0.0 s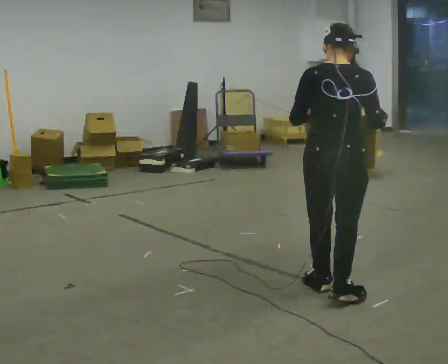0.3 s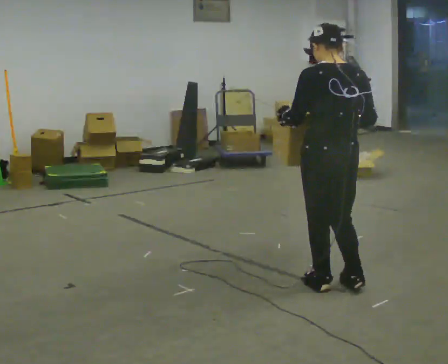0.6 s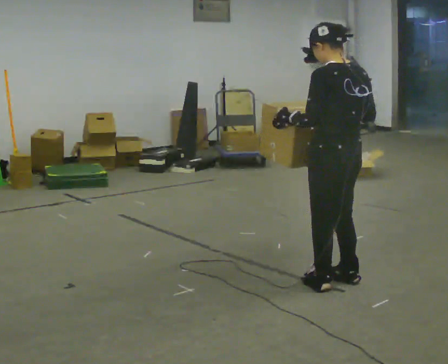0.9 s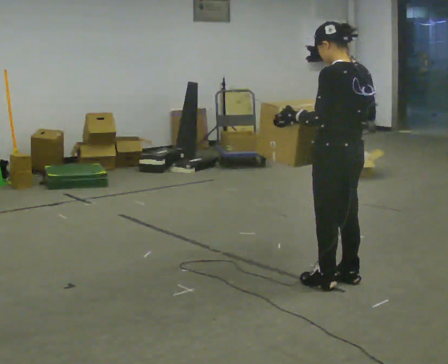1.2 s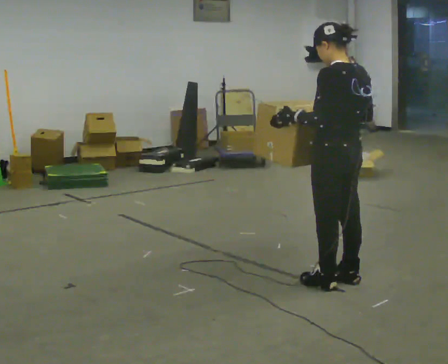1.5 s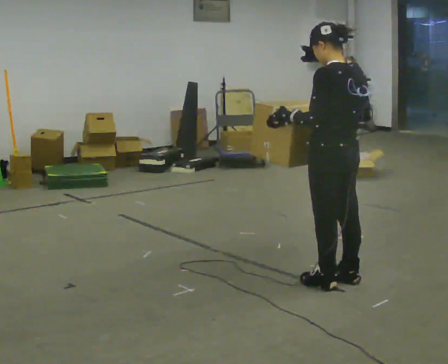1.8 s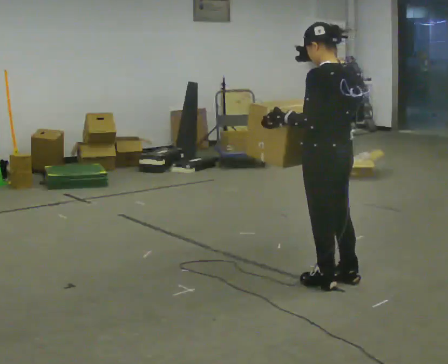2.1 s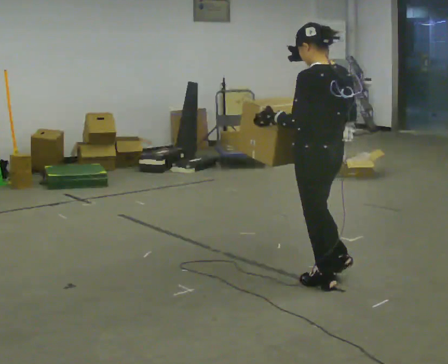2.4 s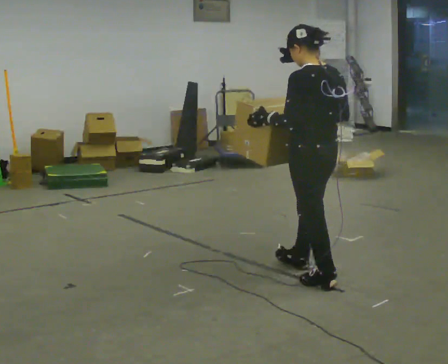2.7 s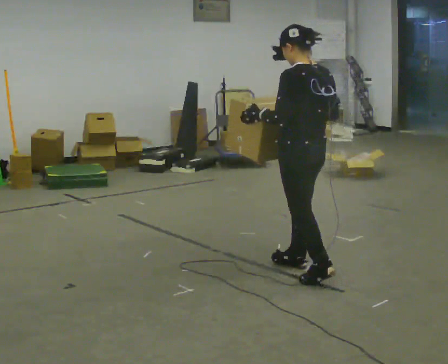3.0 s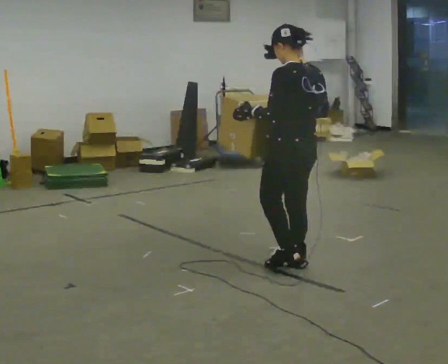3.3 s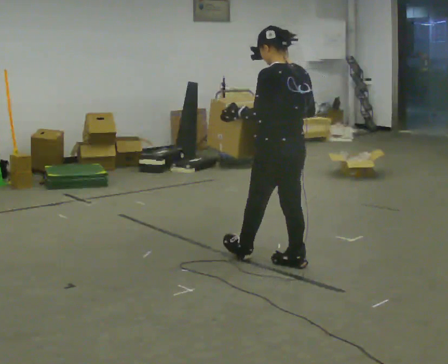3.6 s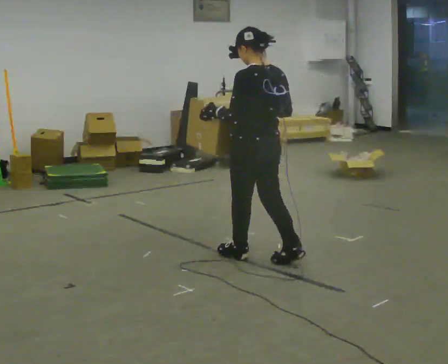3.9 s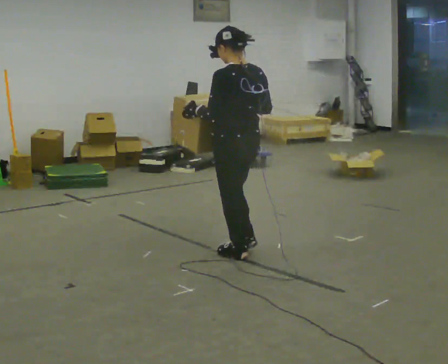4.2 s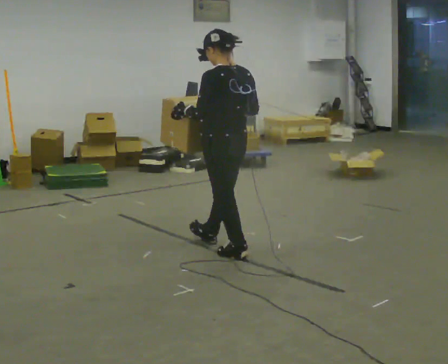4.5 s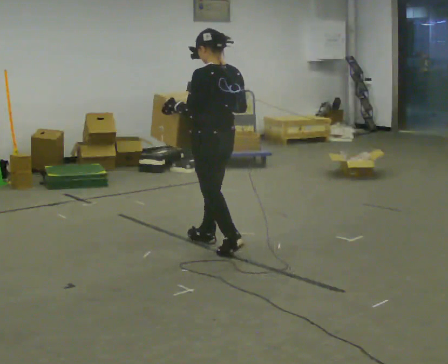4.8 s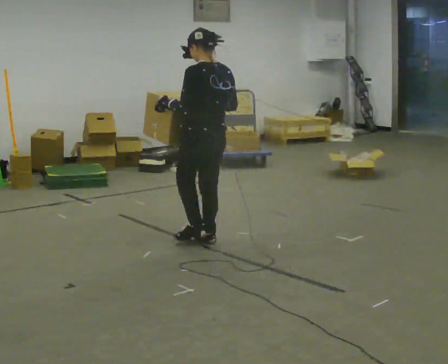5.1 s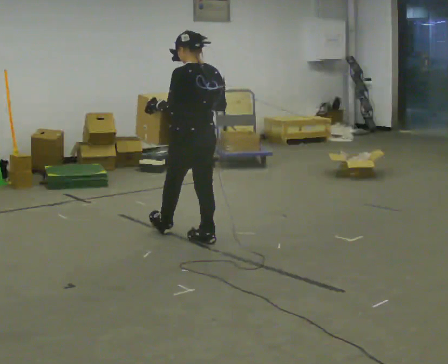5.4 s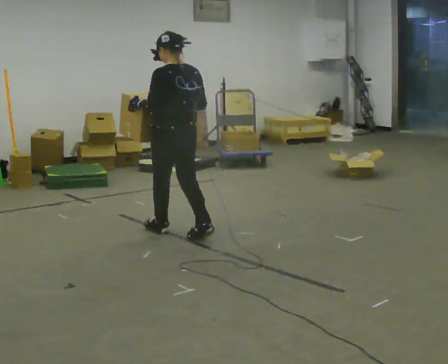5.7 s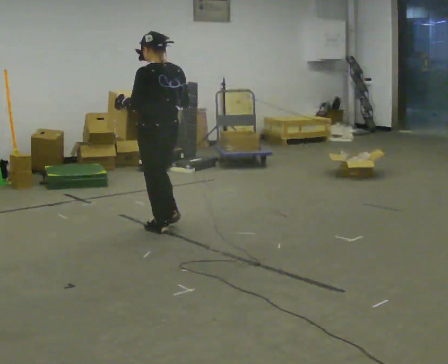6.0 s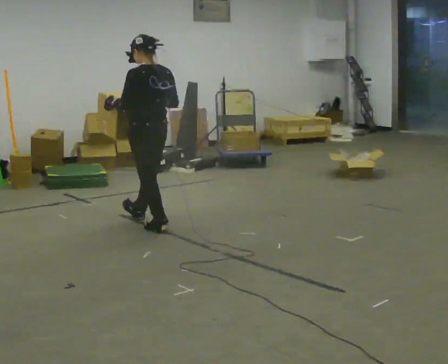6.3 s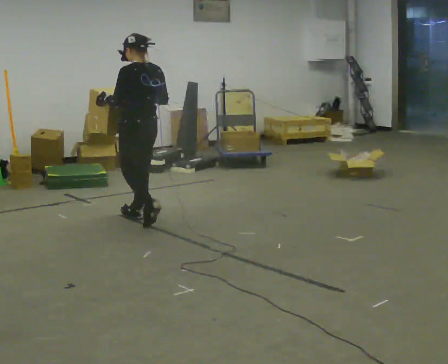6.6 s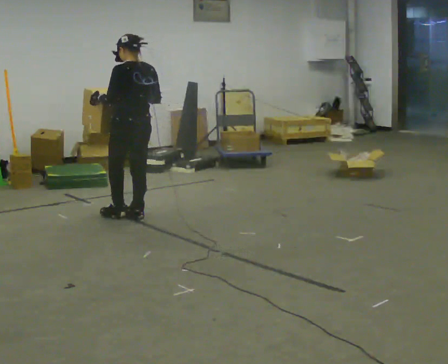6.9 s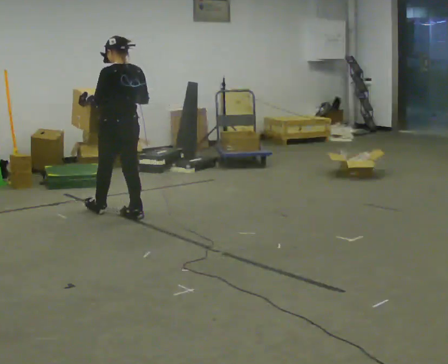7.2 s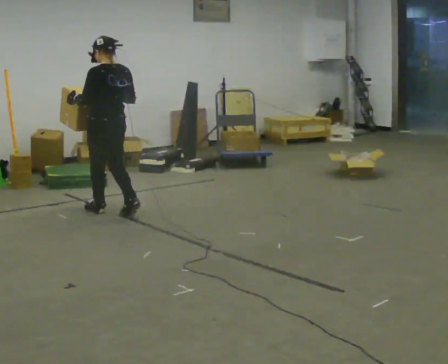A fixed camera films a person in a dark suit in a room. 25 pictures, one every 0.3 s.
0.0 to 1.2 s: Seen from above the body turns counterclockwise, about 60 degrees: to their left, with its near side sliding to the right. In the picture they go away from the camera, about 0.25 m in 1 step, which for them is to their right.
1.2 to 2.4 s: The person moves a little, or ends about where they began.
2.4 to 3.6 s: In the picture they go away from the camera and to the left, about 0.5 m in 2 steps, which for them is forward.
3.6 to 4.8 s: In the picture they go away from the camera and to the left, about 0.5 m in 1 step, which for them is forward.
4.8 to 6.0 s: In the picture they go away from the camera and to the left, about 0.5 m in 2 steps, which for them is forward.
6.0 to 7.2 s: In the picture they go away from the camera and to the left, about 0.5 m in 1 step, which for them is forward.
The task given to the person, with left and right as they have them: Carry the box and, while you are still walking, turn it so you can read the label, read it out loud, then carry on. Repeat with the next box. Do not stop to read it.
The film runs forward here.
